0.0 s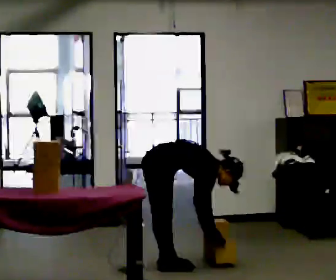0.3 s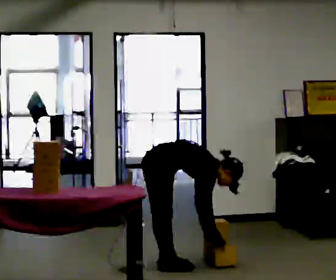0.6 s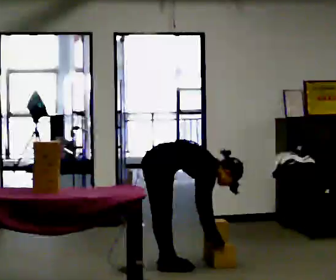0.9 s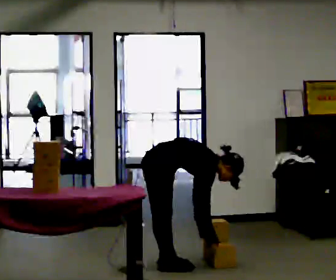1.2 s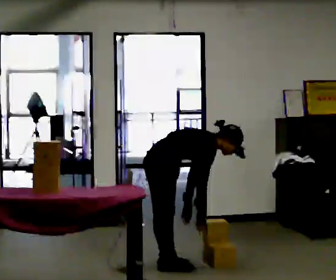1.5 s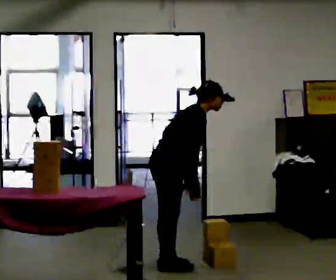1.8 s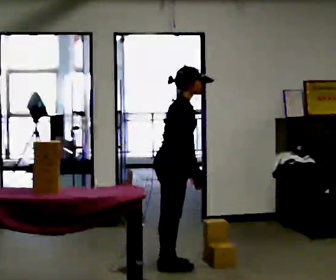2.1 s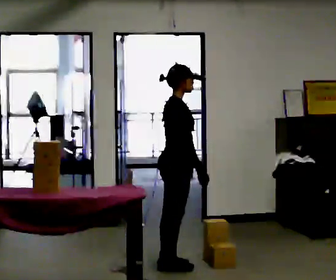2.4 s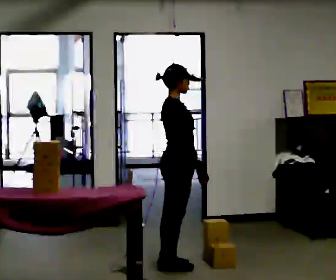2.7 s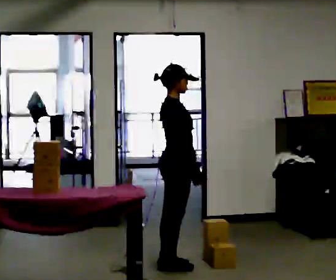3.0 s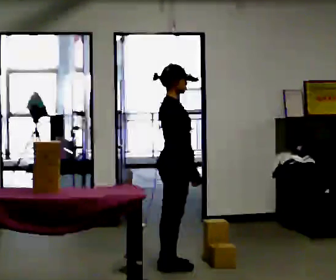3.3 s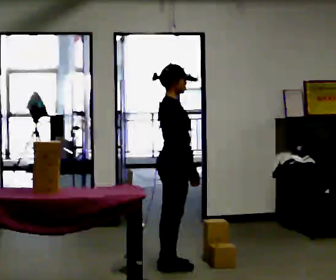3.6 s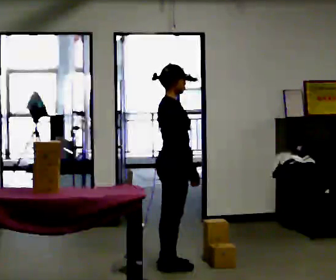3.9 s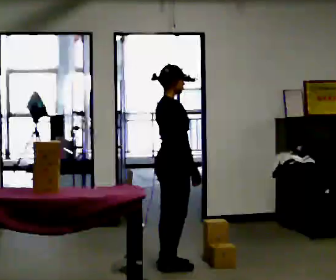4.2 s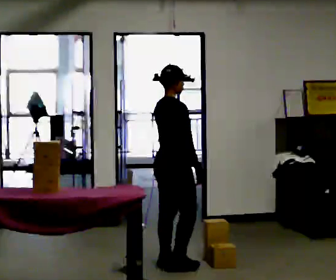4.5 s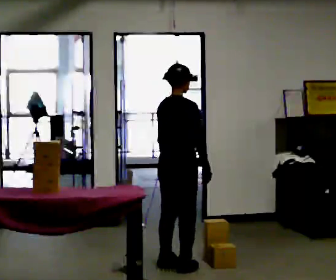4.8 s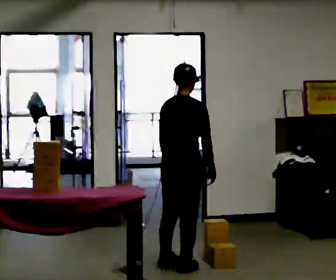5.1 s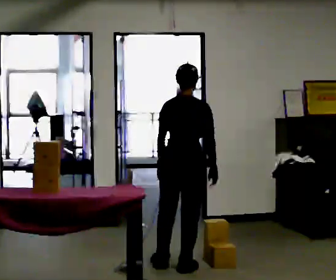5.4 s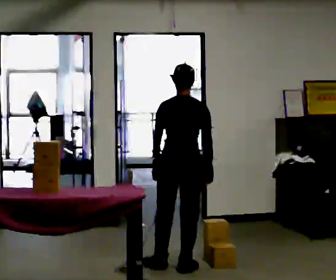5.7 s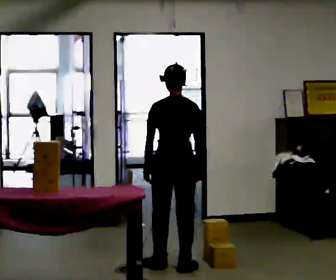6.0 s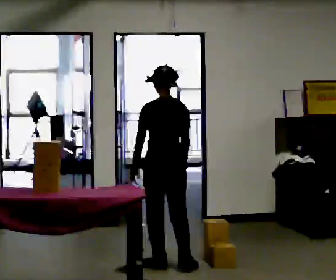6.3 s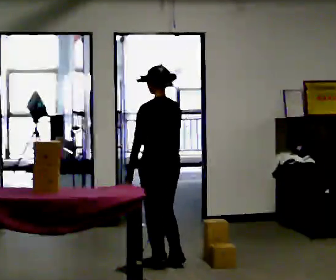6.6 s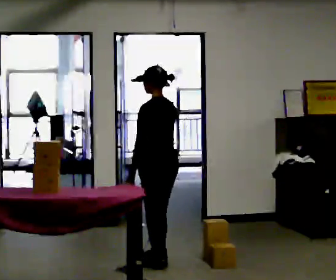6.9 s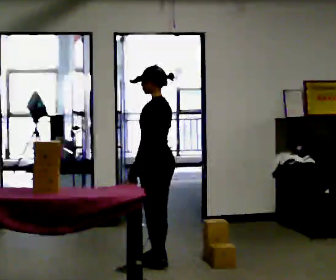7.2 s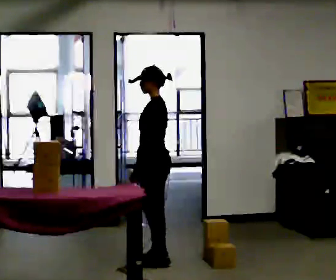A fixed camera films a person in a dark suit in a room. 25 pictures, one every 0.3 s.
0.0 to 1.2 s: The upper body goes upward. The upper body tips toward the camera, its near side rolling downward, as they lean back or straighten.
1.2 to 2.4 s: The shoulders move upward. In the picture the upper body tilts counterclockwise, shoulders to the left, as they lean back or straighten.
2.4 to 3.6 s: The person moves a little, or ends about where they began.
3.6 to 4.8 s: The part of the body nearest the lens slides to the right as the person turns to their left by about 45 degrees.
4.8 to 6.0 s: The person turns about 60 degrees to their left, counterclockwise seen from above, so the part of the body nearest the lens slides to the right.
6.0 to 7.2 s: The part of the body nearest the lens slides to the right as the person turns to their left by about 60 degrees. In the picture they go away from the camera, about 0.25 m in 1 step.
The film runs forward here.
